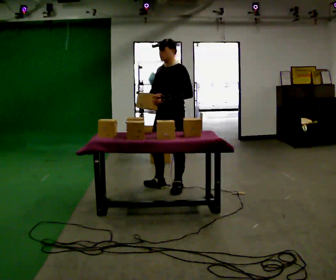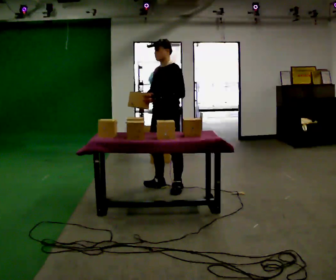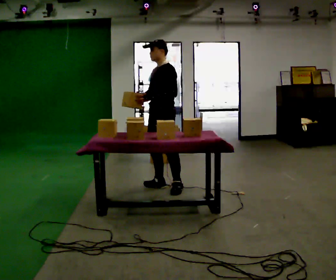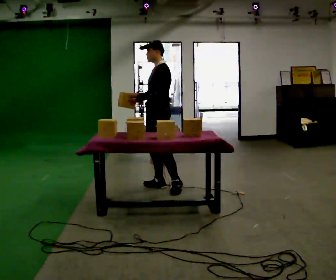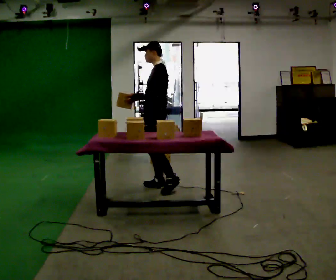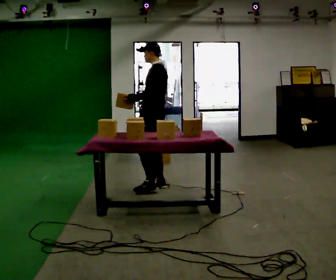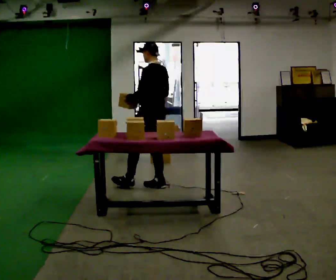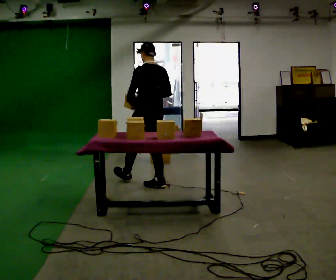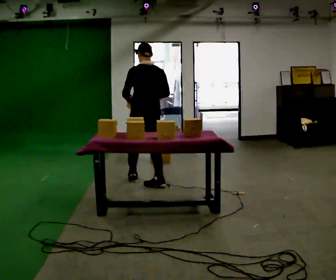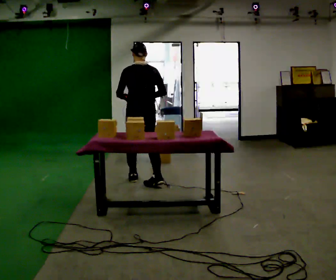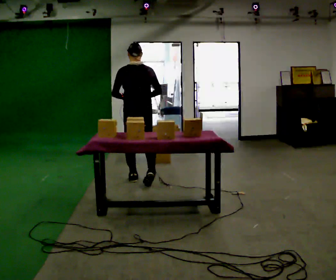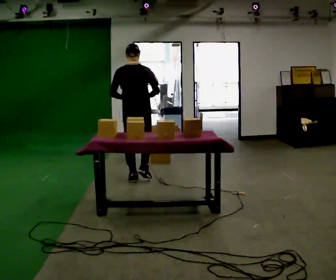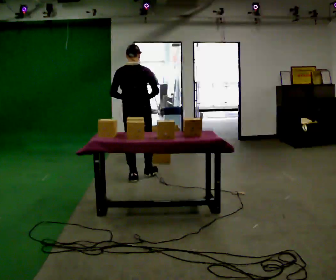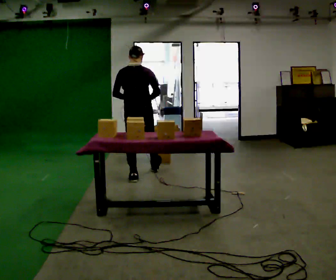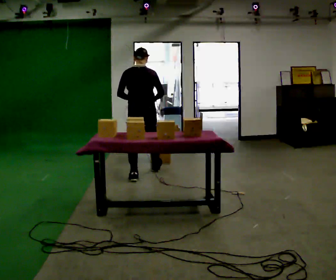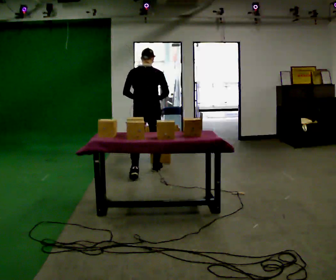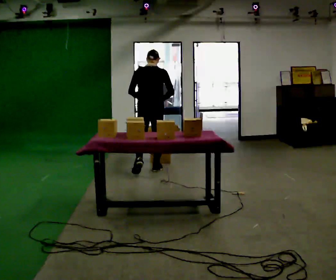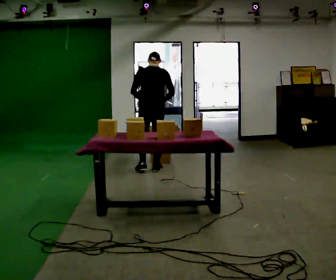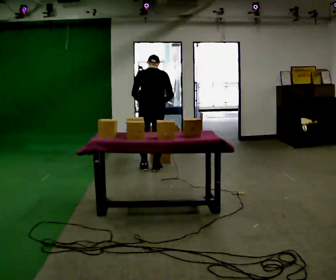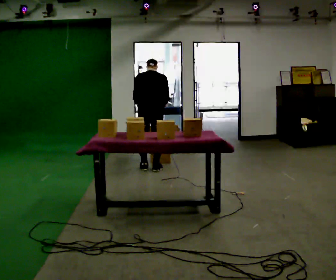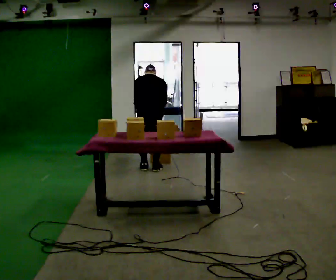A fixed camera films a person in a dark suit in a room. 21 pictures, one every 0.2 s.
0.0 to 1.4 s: The person turns about 90 degrees to their right, clockwise seen from above, so the part of the body nearest the lens slides to the left. In the picture they go to the left, about 0.25 m.
1.4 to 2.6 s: Seen from above the body turns clockwise, about 45 degrees: to their right, with its near side sliding to the left. In the picture they go away from the camera and to the left, about 0.5 m in 1 step, which for them is forward and to their left.
2.6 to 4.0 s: In the picture they go away from the camera, about 0.25 m in 2 steps, which for them is forward. The upper body tips away from the camera, its near side rolling upward, as they bend forward.
The film runs forward here.
